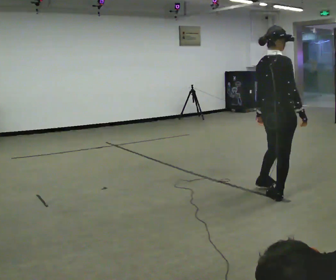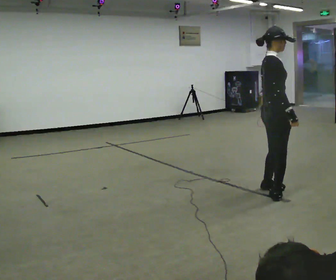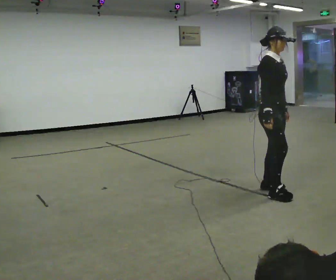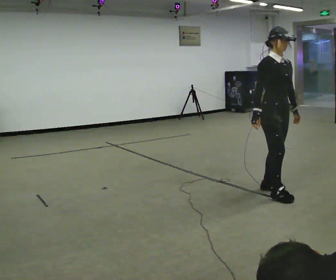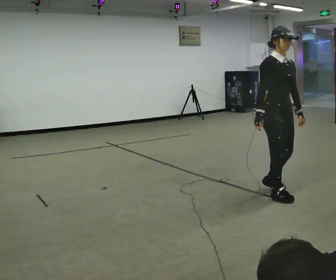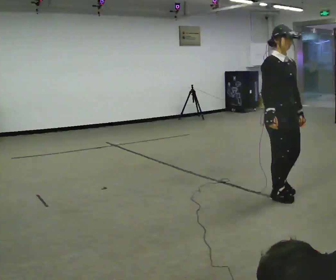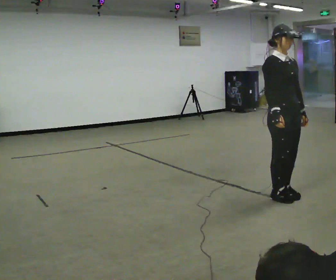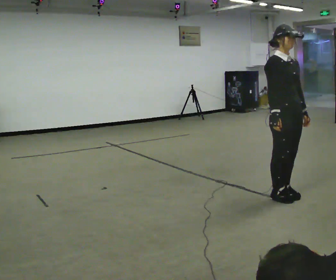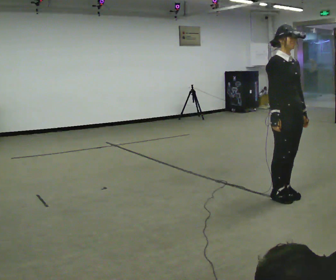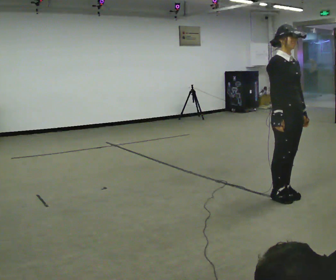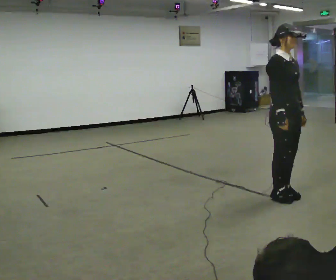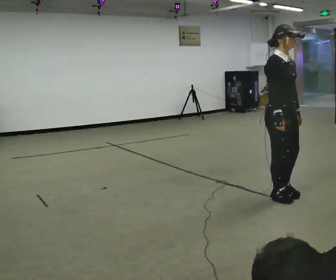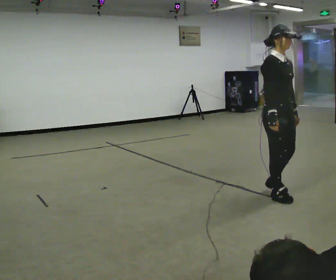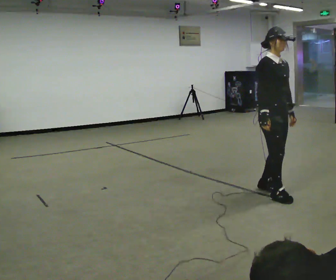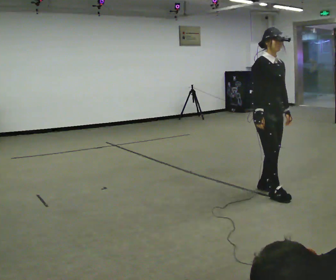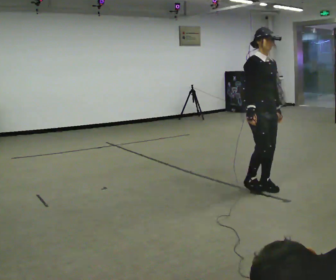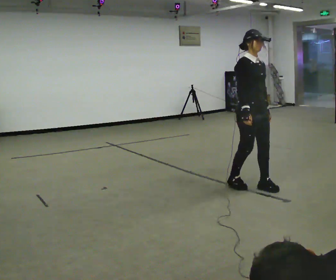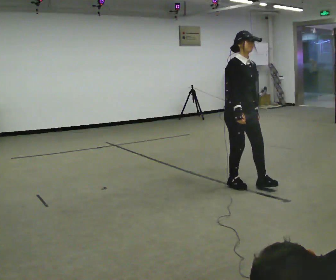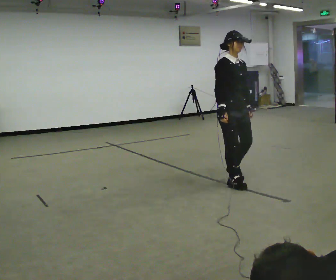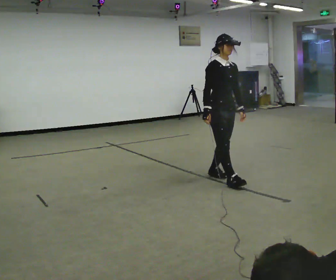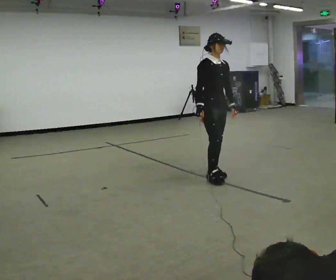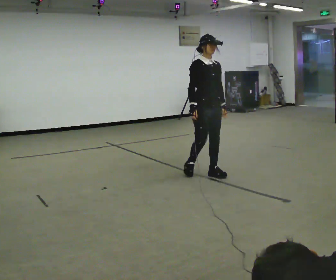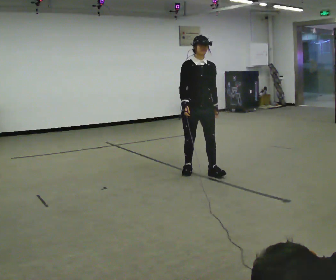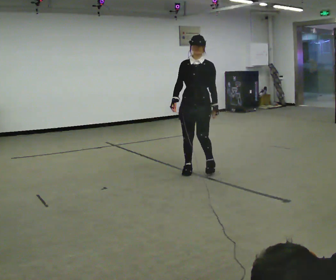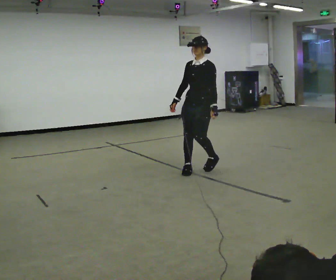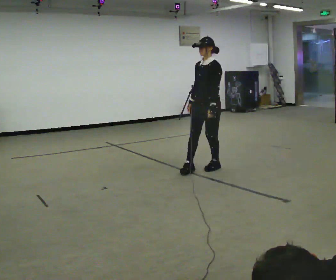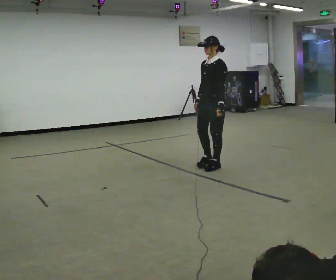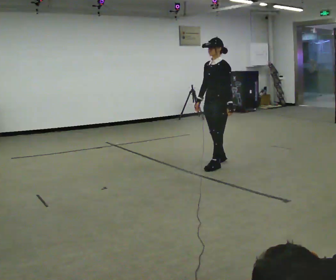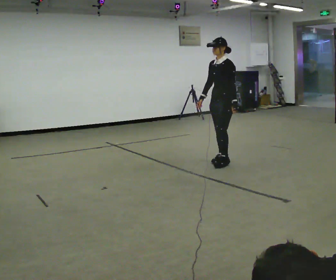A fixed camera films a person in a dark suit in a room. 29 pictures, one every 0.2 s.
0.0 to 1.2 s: Seen from above the body turns clockwise, about 90 degrees: to their right, with its near side sliding to the left. In the picture their left hand goes to the right.
1.2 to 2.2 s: The person moves a little, or ends about where they began.
2.2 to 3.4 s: In the picture they go to the left and away from the camera, about 0.5 m in 2 steps, which for them is backward.
3.4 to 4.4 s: The person turns about 30 degrees to their right, clockwise seen from above, so the part of the body nearest the lens slides to the left. In the picture they go to the left and away from the camera, about 0.75 m in 2 steps, which for them is backward.
4.4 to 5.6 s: The part of the body nearest the lens slides to the left as the person turns to their right by about 60 degrees. In the picture they go away from the camera and to the right, about 0.5 m in 2 steps, which for them is backward.
The film runs forward here.
